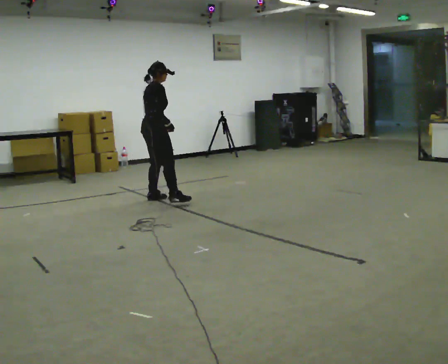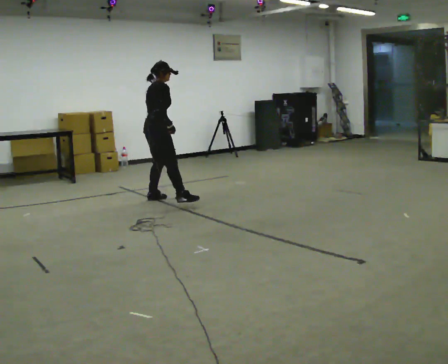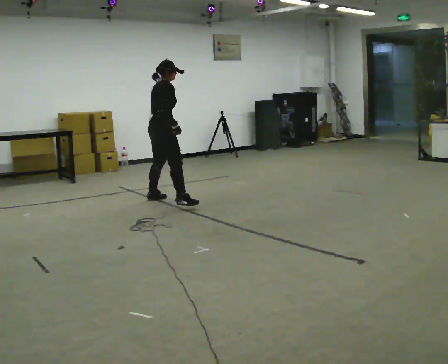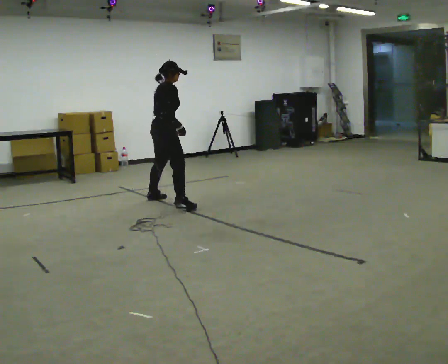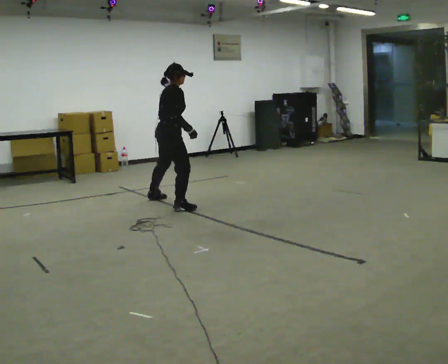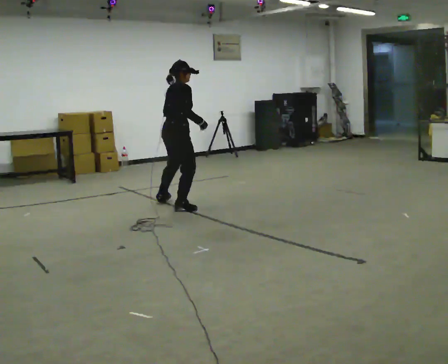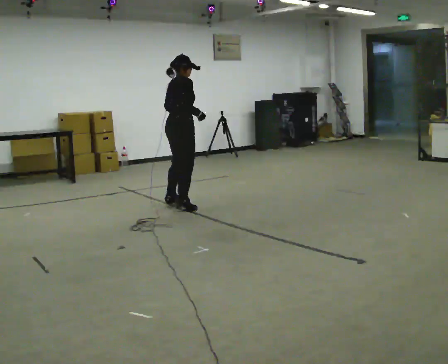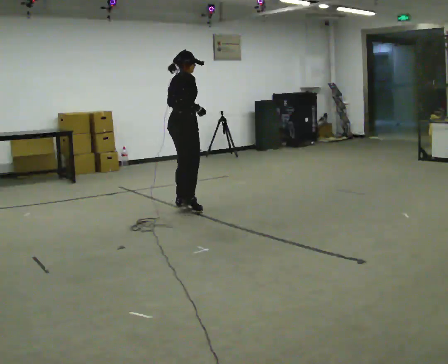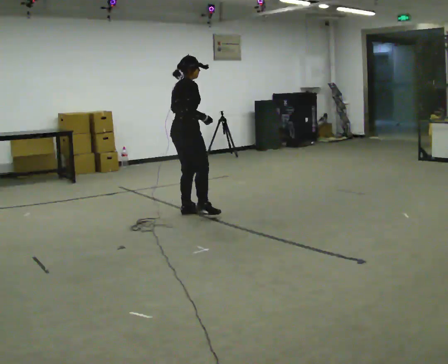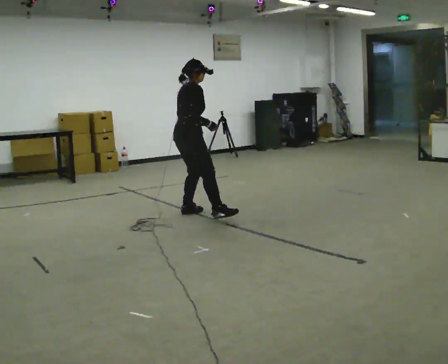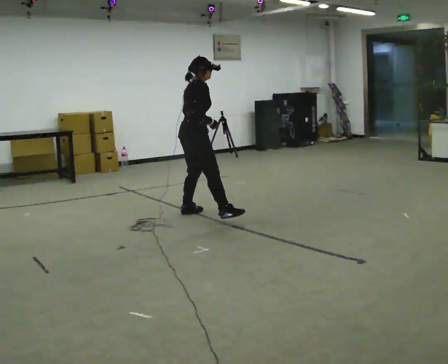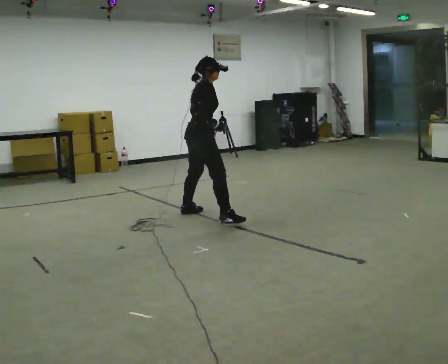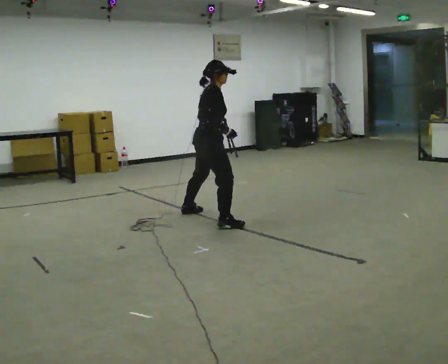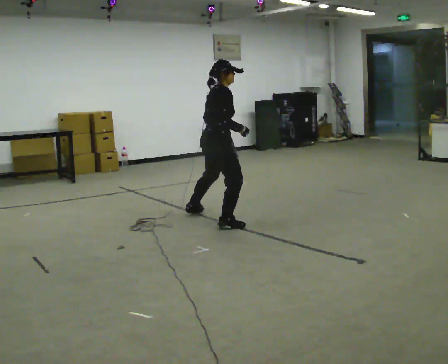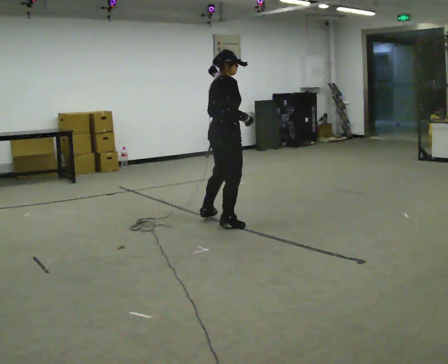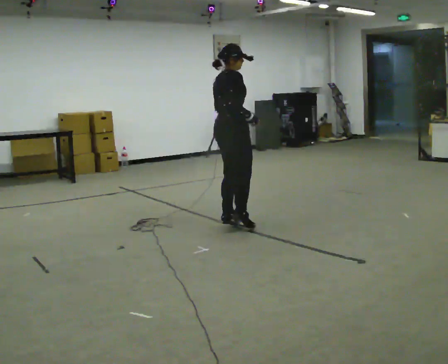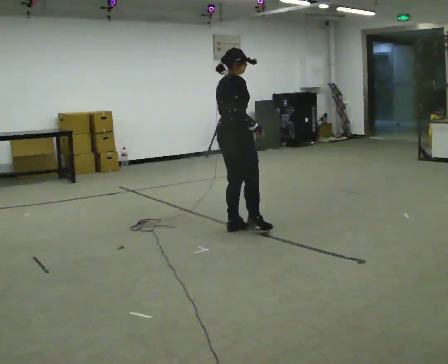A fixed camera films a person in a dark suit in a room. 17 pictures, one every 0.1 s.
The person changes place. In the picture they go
toward the camera.
0.0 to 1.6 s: In the picture they go toward the camera and to the right, about 1.5 m in 3 steps, which for them is to their right.
The film runs forward here.
